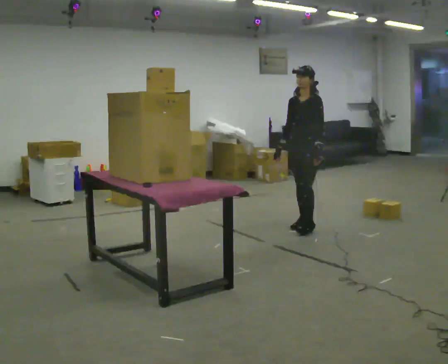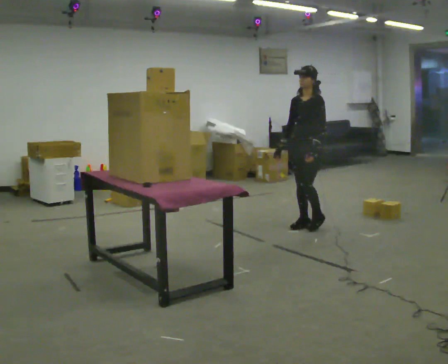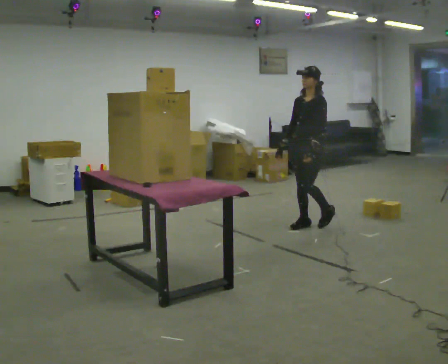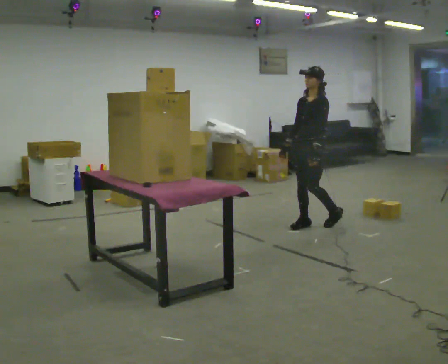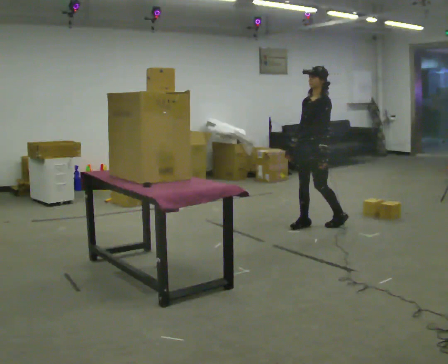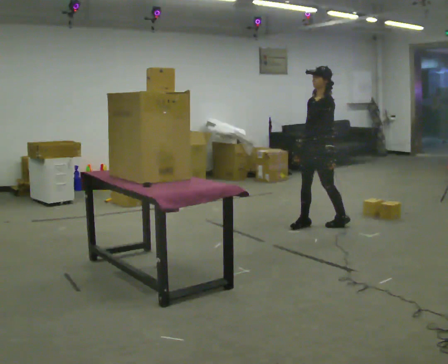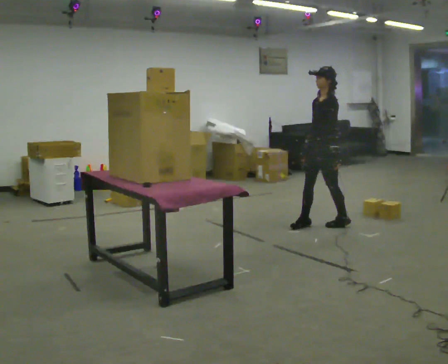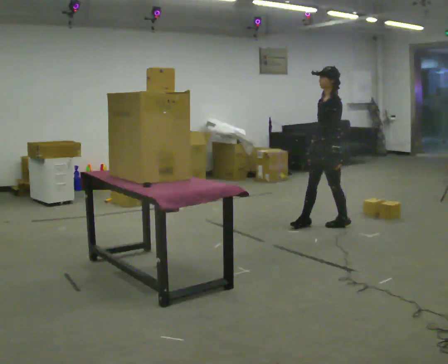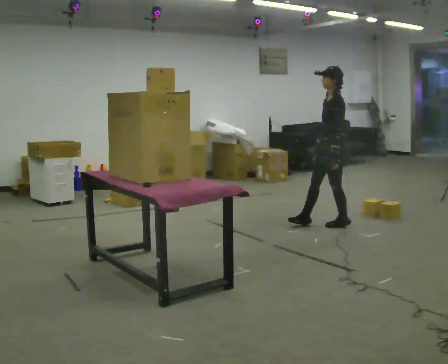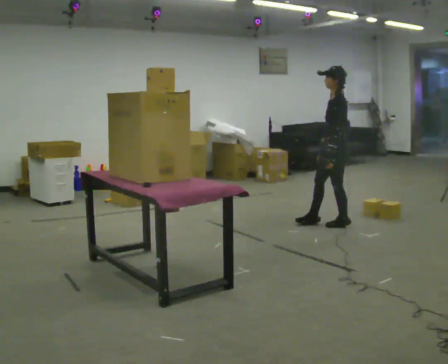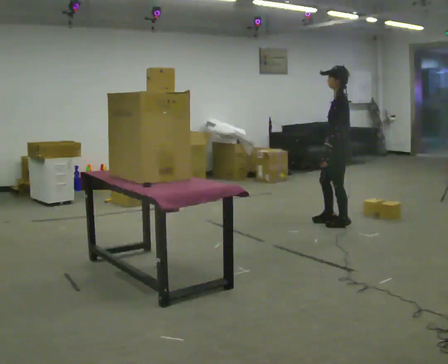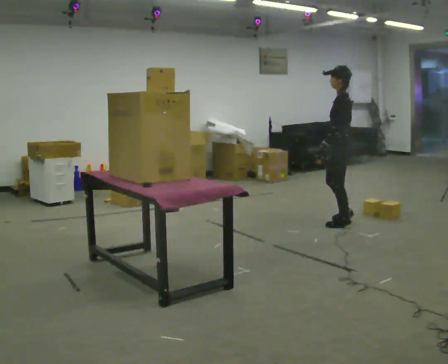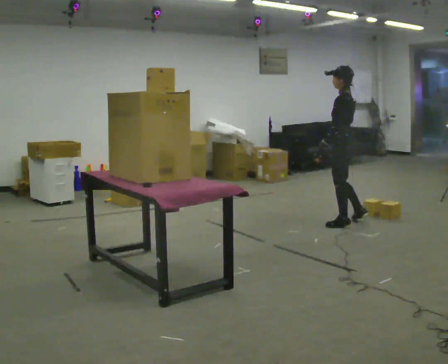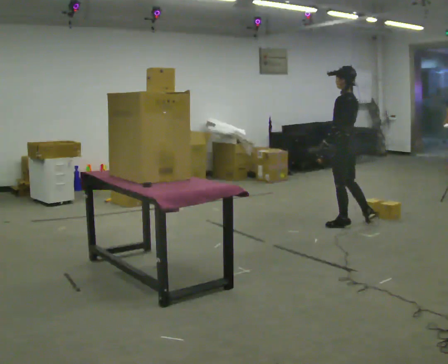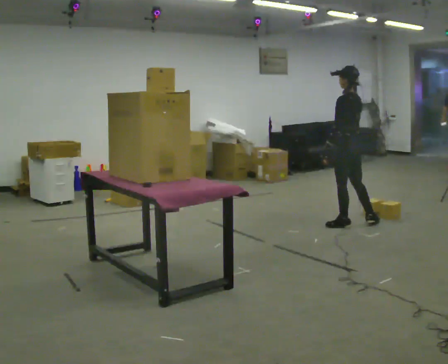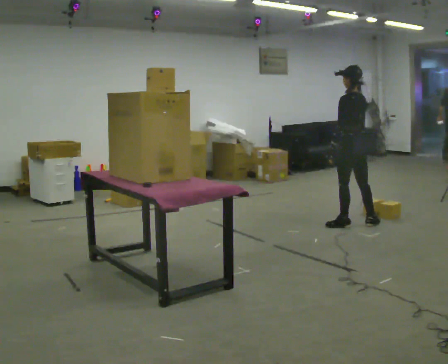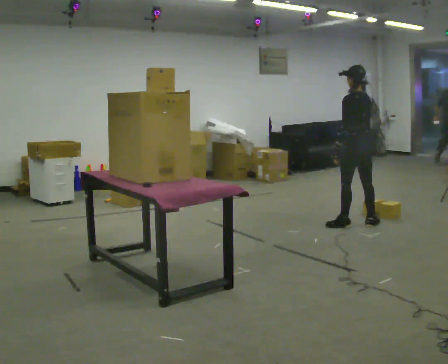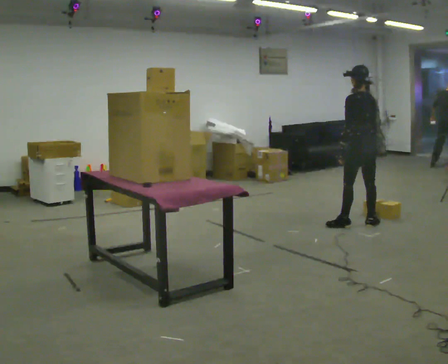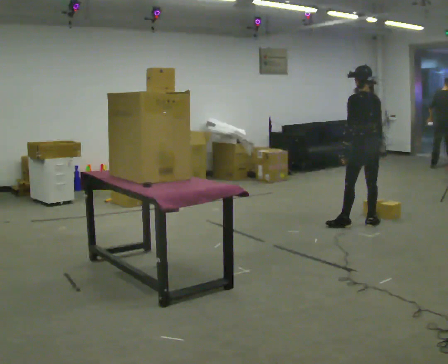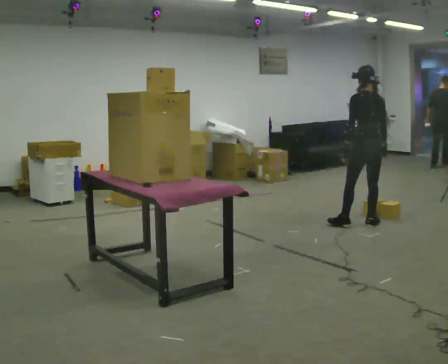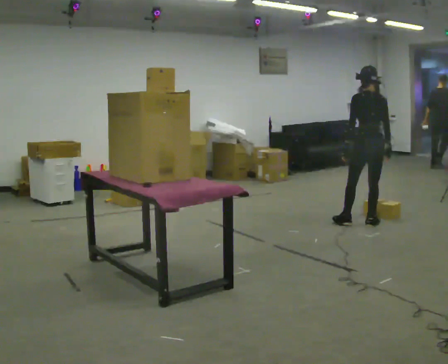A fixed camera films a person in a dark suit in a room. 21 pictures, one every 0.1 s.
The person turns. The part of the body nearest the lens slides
to the left.
The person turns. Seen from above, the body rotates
clockwise.
0.0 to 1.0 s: Seen from above the body turns clockwise, about 60 degrees: to their right, with its near side sliding to the left. In the picture they go to the right, about 0.25 m in 1 step.
1.0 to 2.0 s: The person turns about 75 degrees to their right, clockwise seen from above, so the part of the body nearest the lens slides to the left. In the picture they go to the right, about 0.25 m in 1 step.
The film runs backward here.
